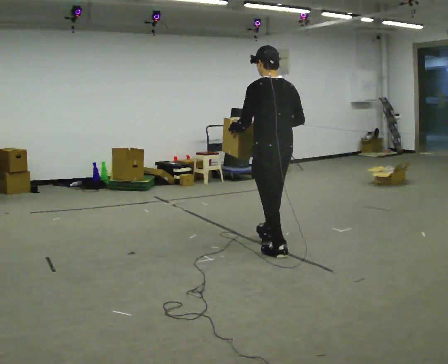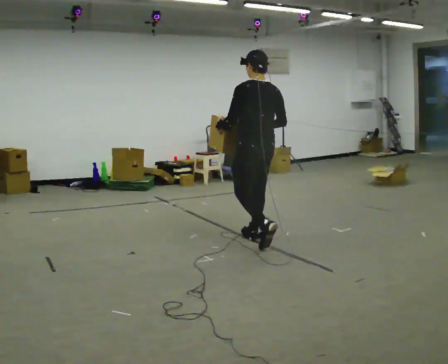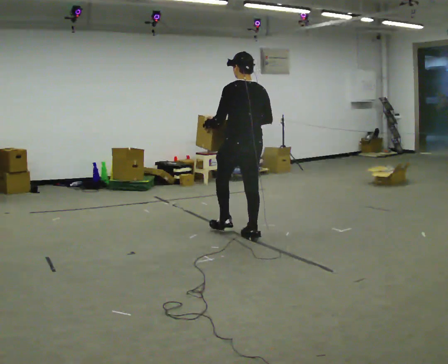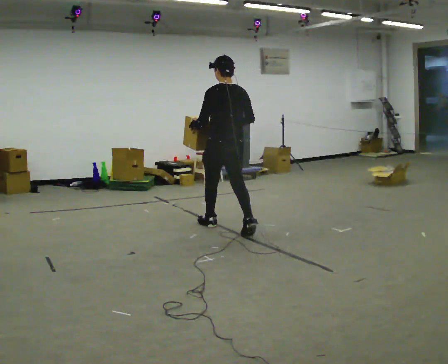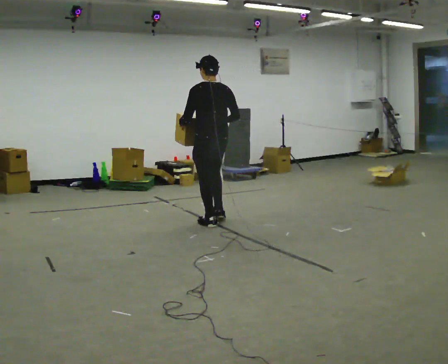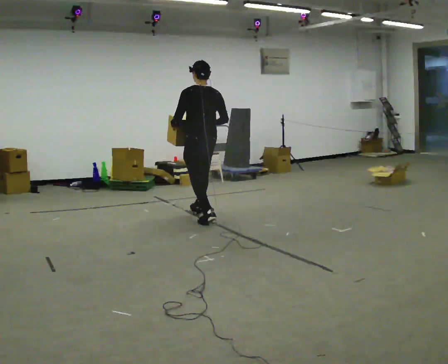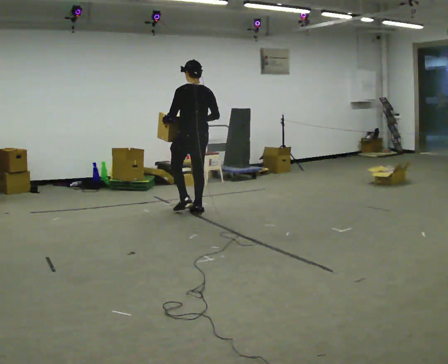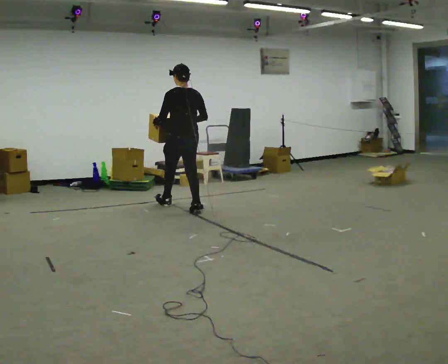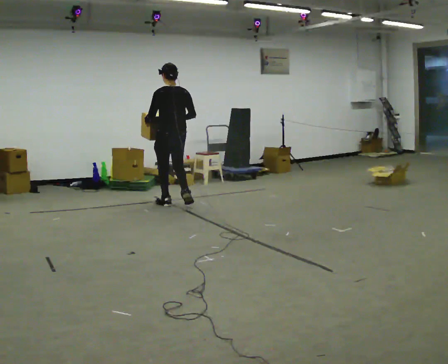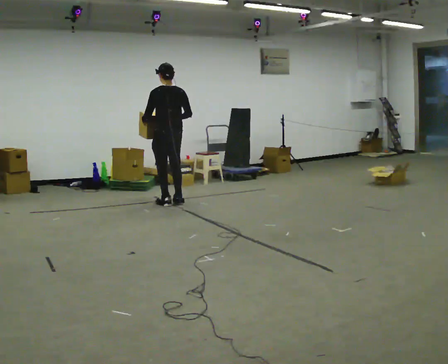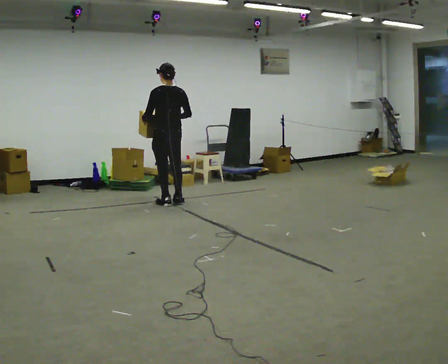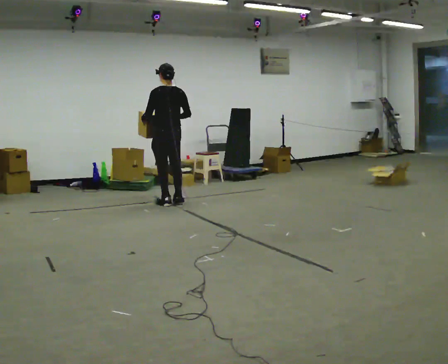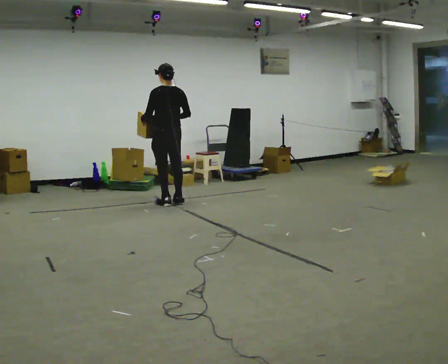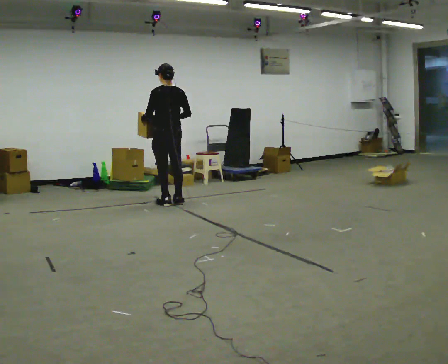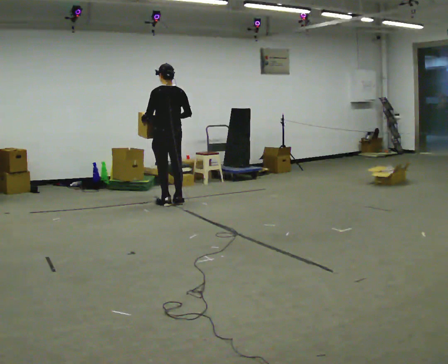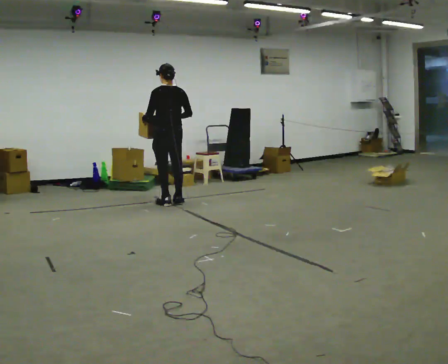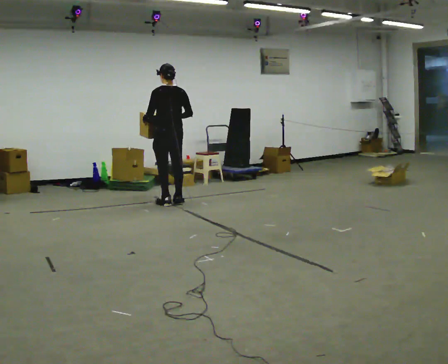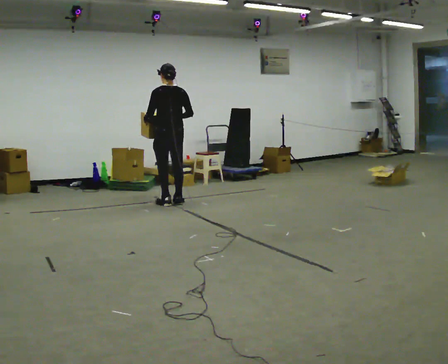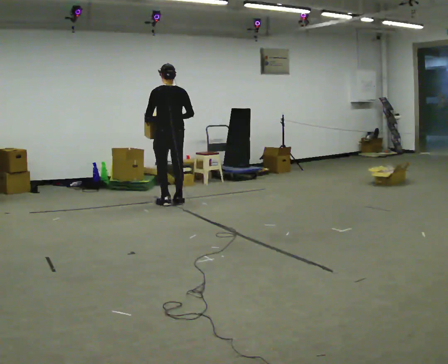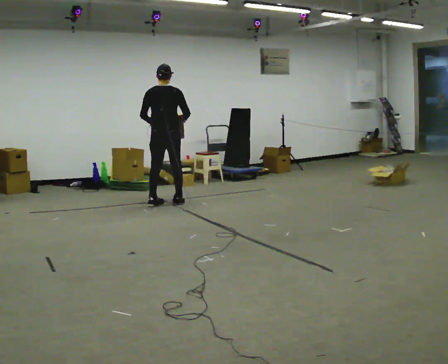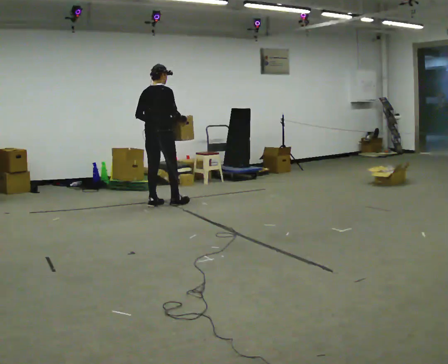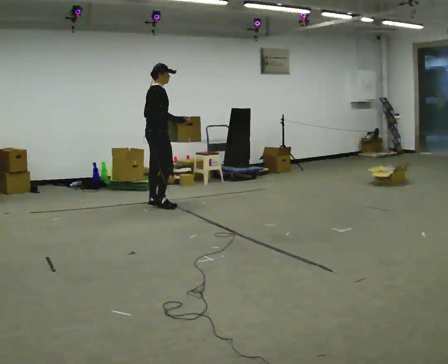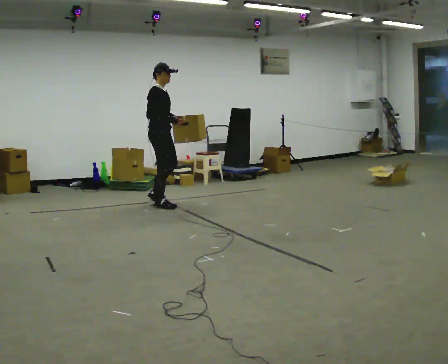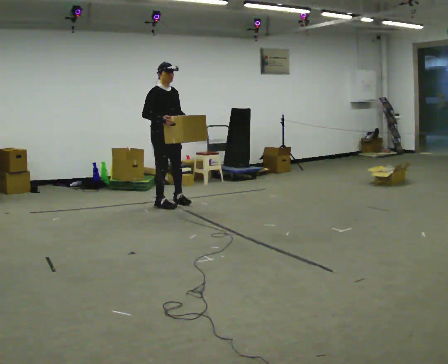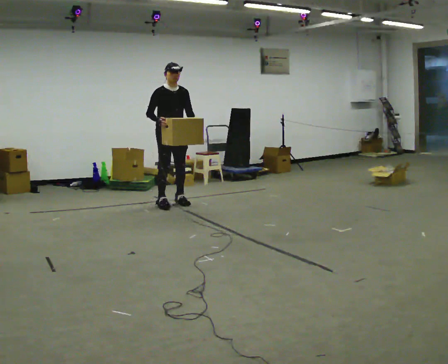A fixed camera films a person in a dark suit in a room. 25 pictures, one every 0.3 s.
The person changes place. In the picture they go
away from the camera.
The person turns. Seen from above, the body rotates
clockwise.
0.0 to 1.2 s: In the picture they go away from the camera and to the left, about 1 m in 2 steps, which for them is forward.
1.2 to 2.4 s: In the picture they go away from the camera and to the left, about 1 m in 2 steps, which for them is forward.
2.4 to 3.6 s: In the picture they go away from the camera, about 0.25 m in 1 step, which for them is forward.
3.6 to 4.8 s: The person keeps their place and pose.
4.8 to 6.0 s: The part of the body nearest the lens slides to the left as the person turns to their right by about 60 degrees. In the picture they go to the left and toward the camera, about 0.25 m in 1 step.
6.0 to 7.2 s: The part of the body nearest the lens slides to the left as the person turns to their right by about 120 degrees. In the picture their left hand goes to the right, the arm swinging counterclockwise.
The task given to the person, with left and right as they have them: Carry the box across the room as briskly as you comfortably can, back and forth. Do not run.
The film runs forward here.
